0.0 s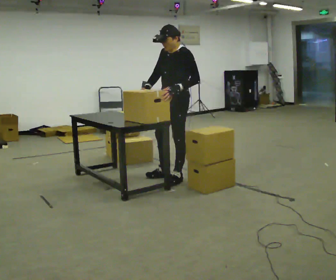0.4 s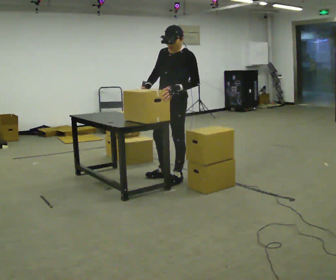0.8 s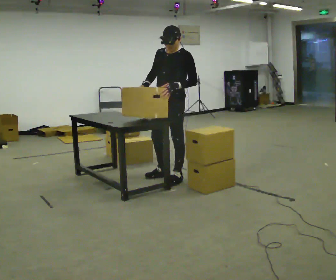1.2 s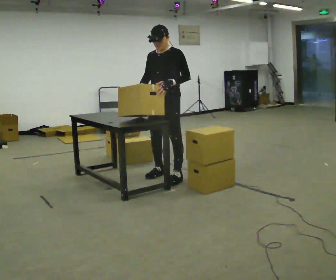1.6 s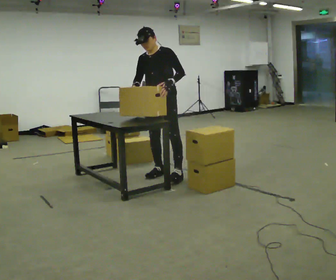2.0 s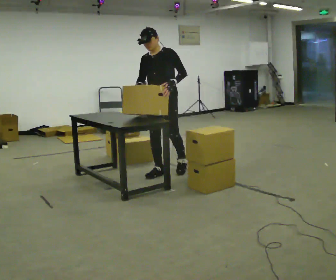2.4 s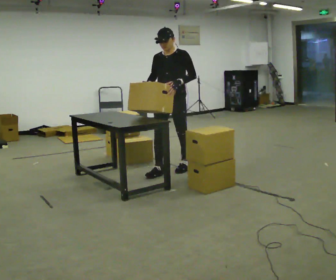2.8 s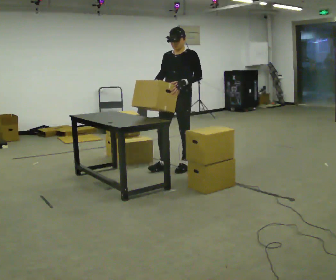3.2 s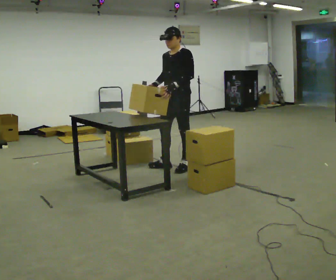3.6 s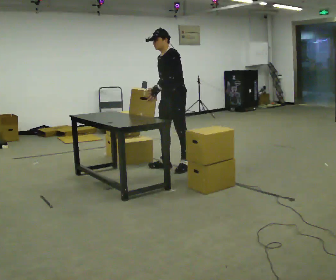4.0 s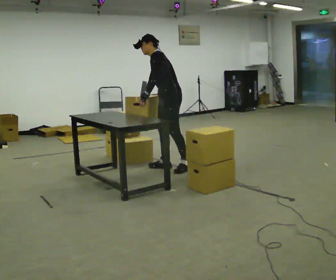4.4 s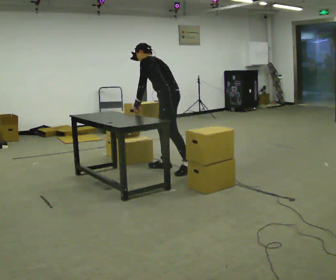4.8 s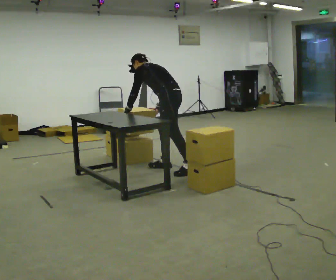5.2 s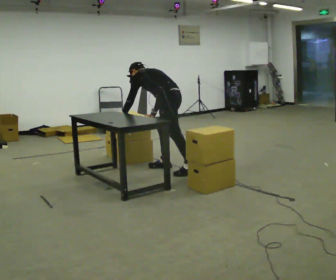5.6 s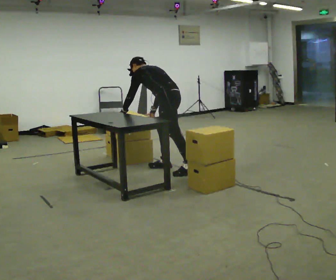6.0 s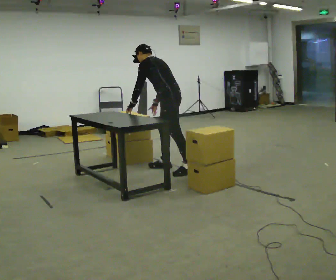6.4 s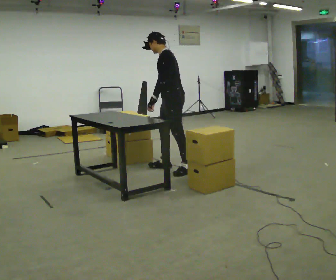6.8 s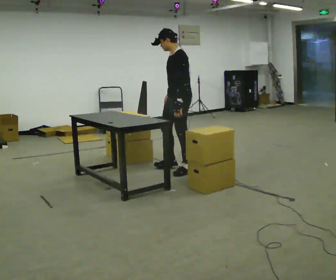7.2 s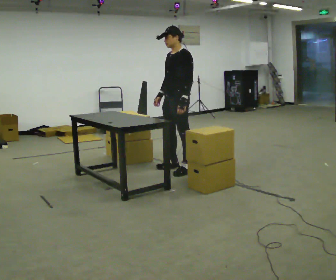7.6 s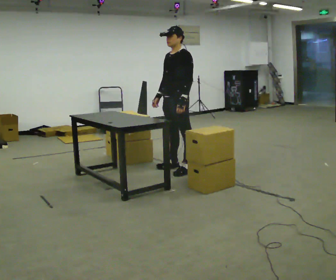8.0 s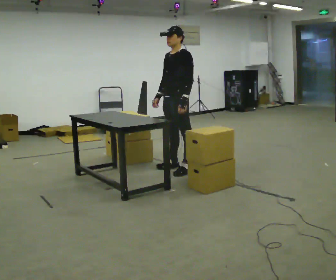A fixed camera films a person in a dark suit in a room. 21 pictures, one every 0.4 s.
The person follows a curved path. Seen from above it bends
clockwise.
0.0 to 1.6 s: Seen from above the body turns counterclockwise, about 30 degrees: to their left, with its near side sliding to the right. In the picture they go away from the camera and to the left, about 0.25 m in 1 step, which for them is to their right.
1.6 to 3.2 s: In the picture they go away from the camera and to the right, about 0.25 m in 1 step, which for them is backward.
3.2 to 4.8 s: Seen from above the body turns clockwise, about 75 degrees: to their right, with its near side sliding to the left. The upper body goes downward. In the picture the upper body tilts counterclockwise, shoulders to the left, as they bend forward. In the picture their right hand goes downward, the arm swinging counterclockwise.
4.8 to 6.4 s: The part of the body nearest the lens slides to the right as the person turns to their left by about 30 degrees. In the picture their left hand goes to the right.
6.4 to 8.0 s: Seen from above the body turns counterclockwise, about 30 degrees: to their left, with its near side sliding to the right.
The film runs backward here.
